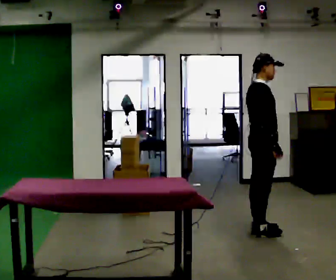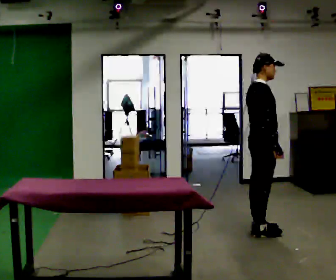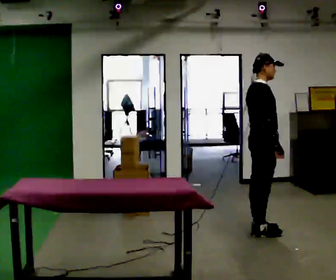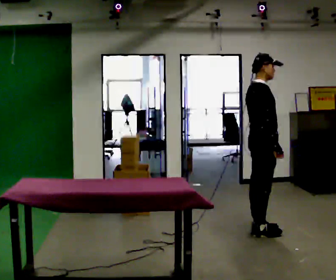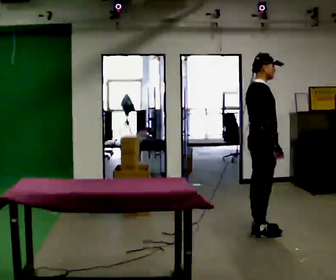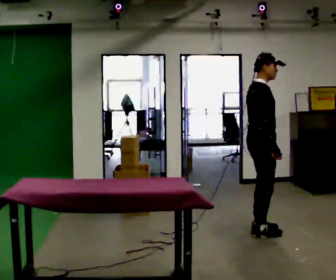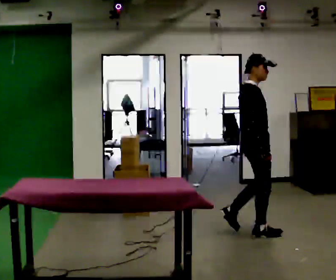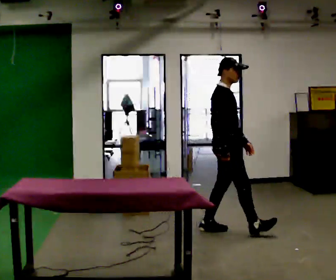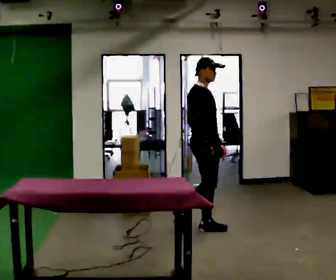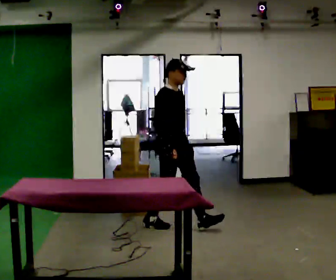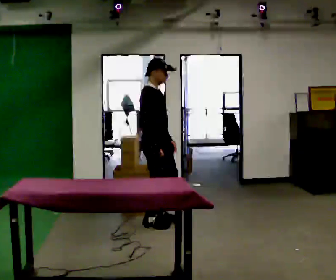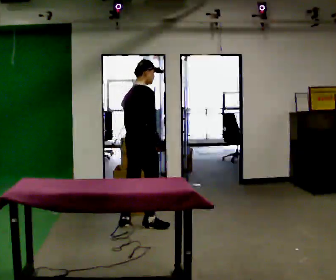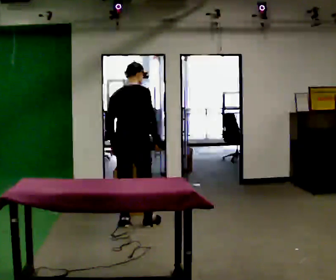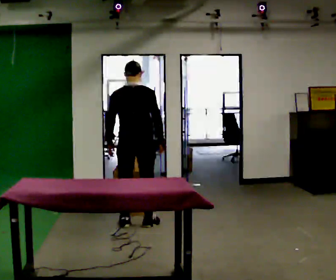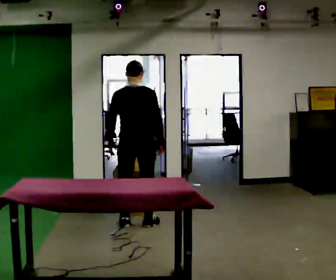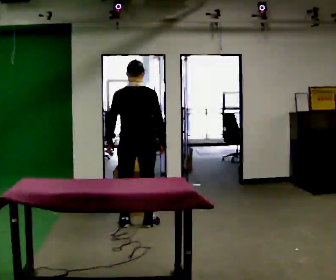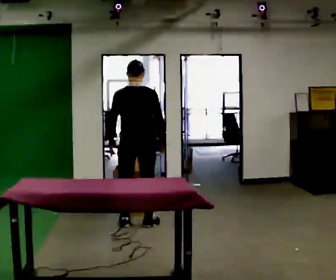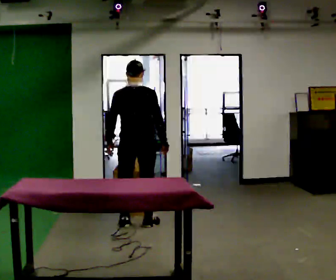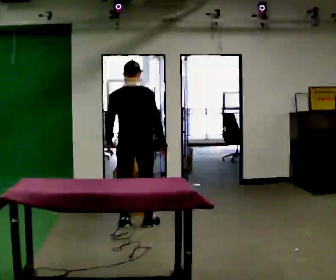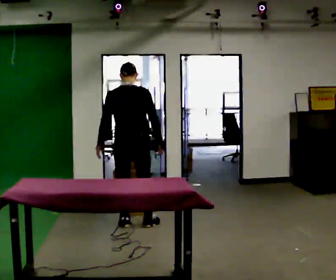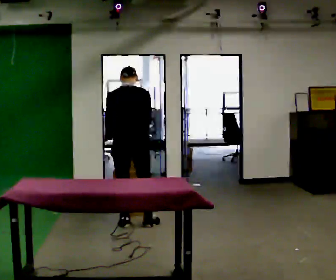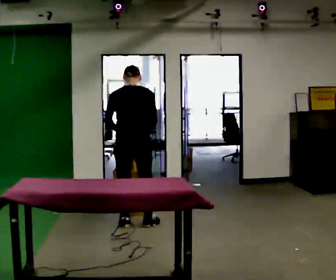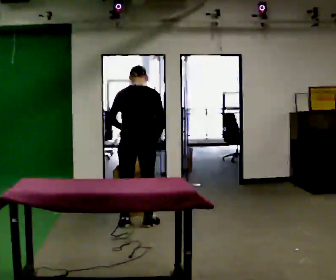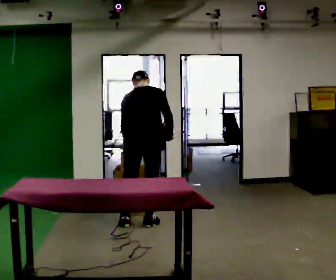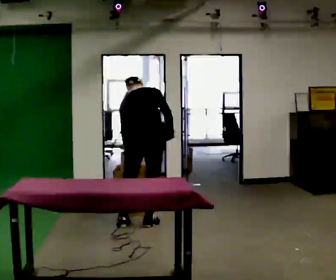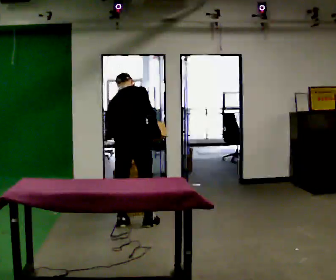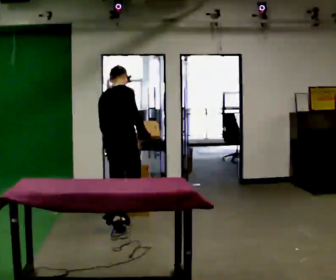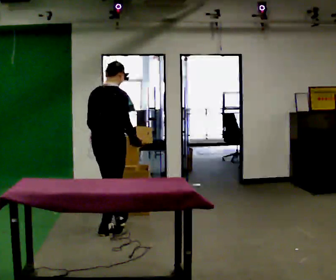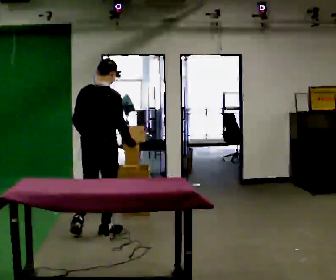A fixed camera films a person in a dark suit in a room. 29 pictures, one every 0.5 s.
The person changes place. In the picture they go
to the left.
The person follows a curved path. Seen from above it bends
counterclockwise.
0.0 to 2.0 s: The person keeps their place and pose.
2.0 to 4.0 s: The part of the body nearest the lens slides to the left as the person turns to their right by about 30 degrees. In the picture they go to the left and away from the camera, about 0.5 m in 2 steps, which for them is backward.
4.0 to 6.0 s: The part of the body nearest the lens slides to the right as the person turns to their left by about 75 degrees. In the picture they go to the left, about 1 m in 1 step.
6.0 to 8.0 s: The person turns about 30 degrees to their left, counterclockwise seen from above, so the part of the body nearest the lens slides to the right.
8.0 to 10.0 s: The person moves a little, or ends about where they began.
10.0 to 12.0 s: In the picture their right hand goes to the right.
12.0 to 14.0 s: In the picture they go to the left and toward the camera, about 0.5 m in 2 steps, which for them is backward. The upper body tips toward the camera, its near side rolling downward, as they lean back or straighten.
The film runs backward here.
